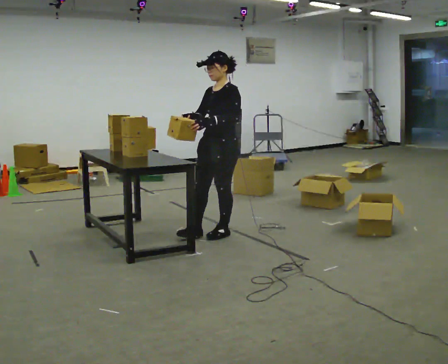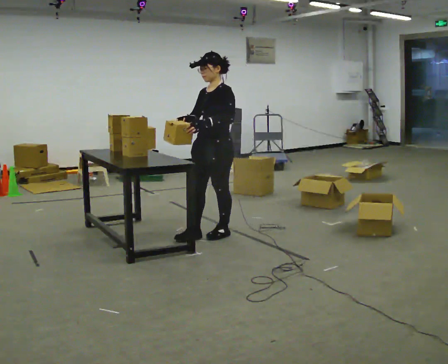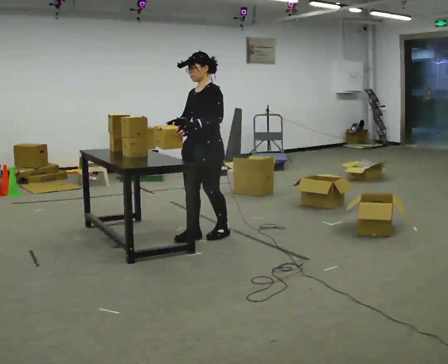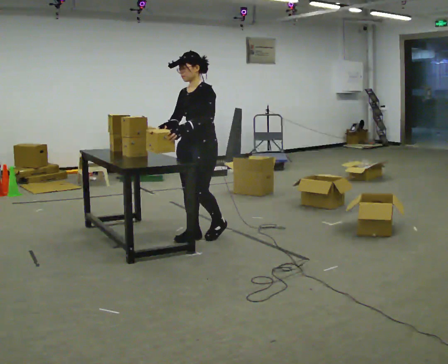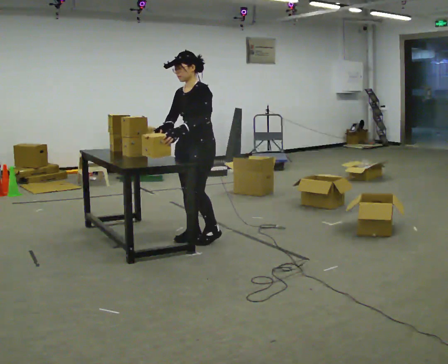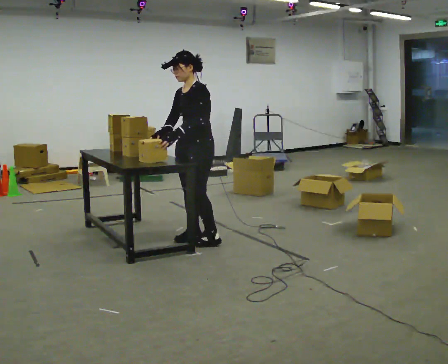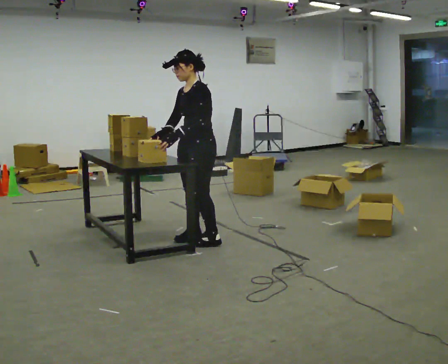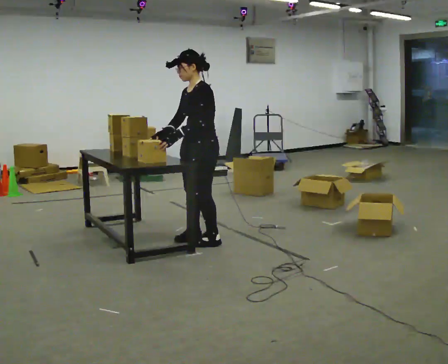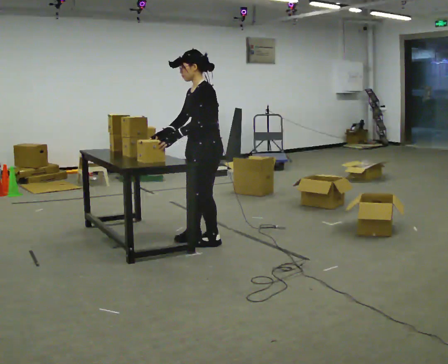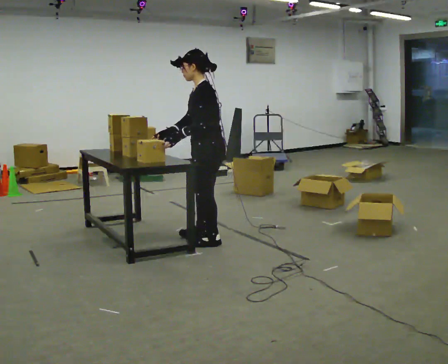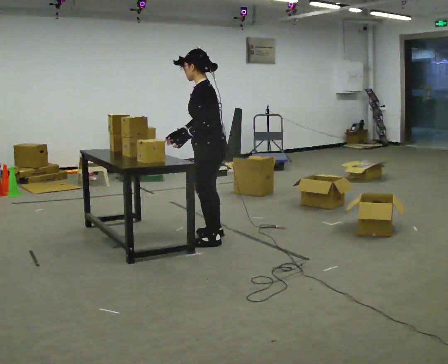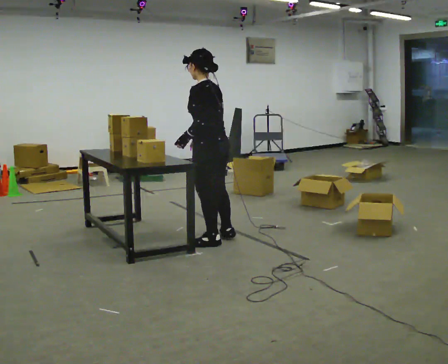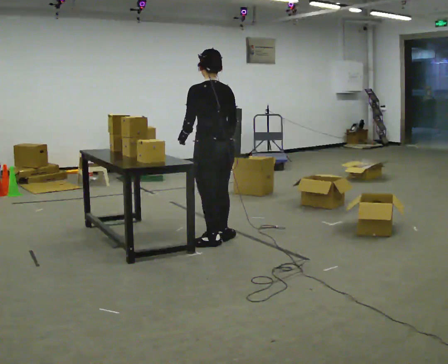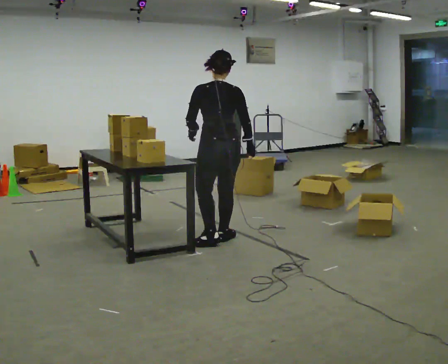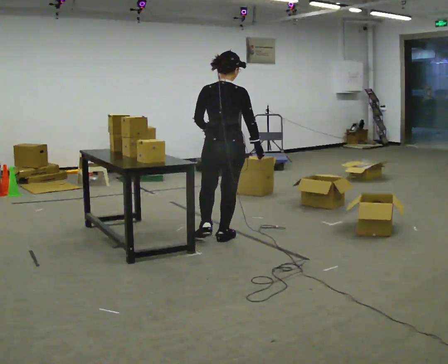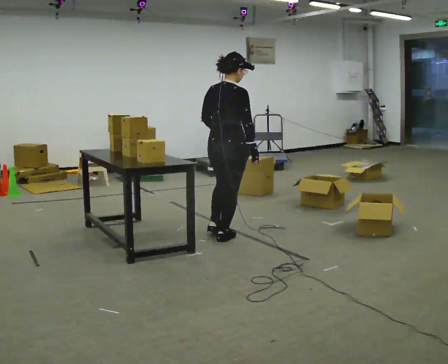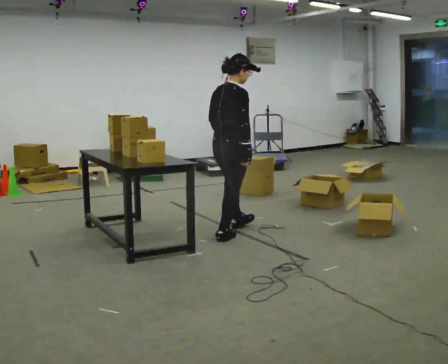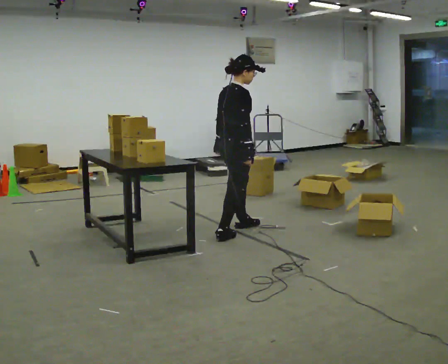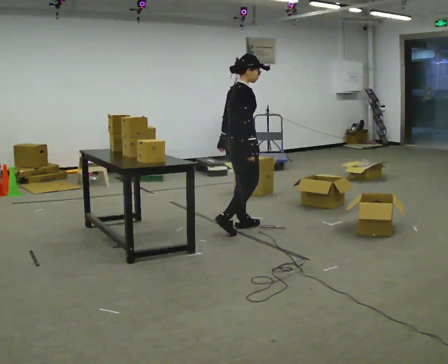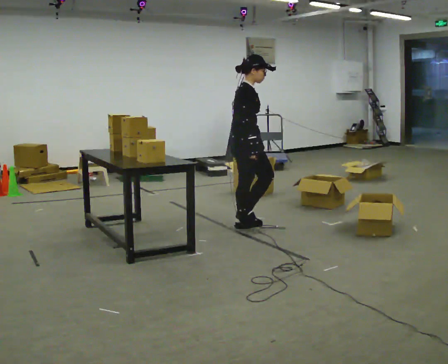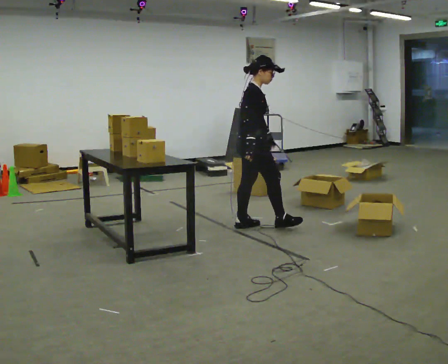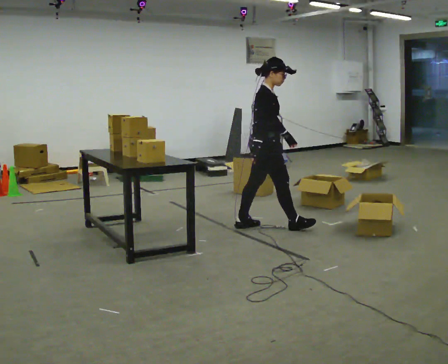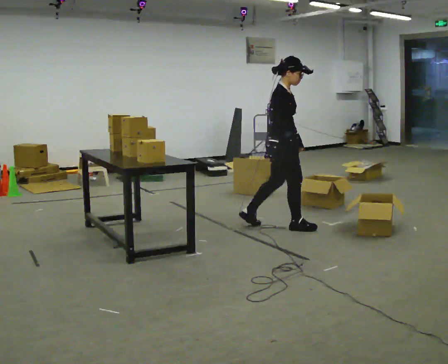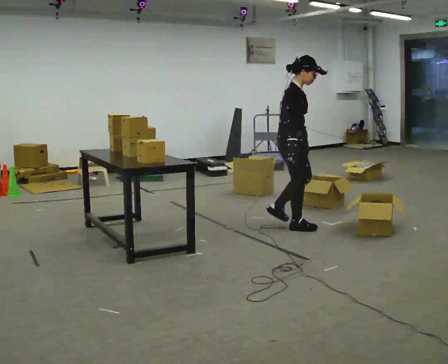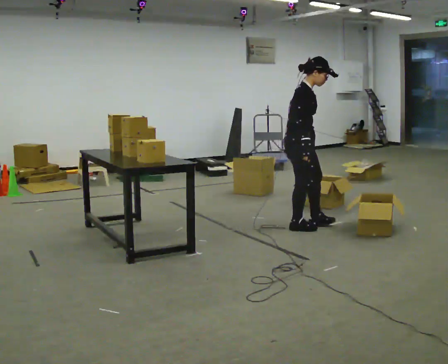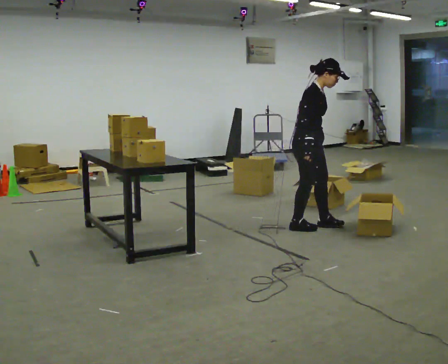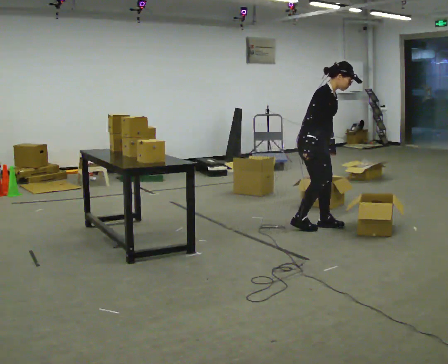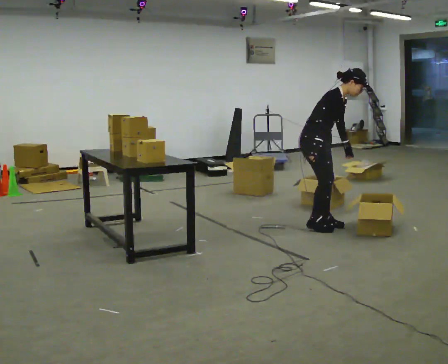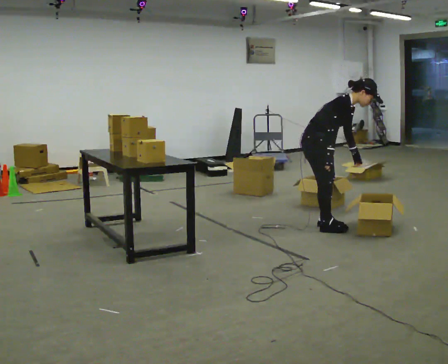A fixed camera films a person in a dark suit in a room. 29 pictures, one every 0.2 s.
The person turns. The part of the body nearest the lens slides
to the left.
The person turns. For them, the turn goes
to their right.
0.0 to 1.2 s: In the picture they go to the left and toward the camera, about 0.25 m in 2 steps, which for them is forward.
1.2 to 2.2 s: Seen from above the body turns clockwise, about 60 degrees: to their right, with its near side sliding to the left. In the picture their right hand goes to the right.
2.2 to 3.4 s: The person turns about 120 degrees to their right, clockwise seen from above, so the part of the body nearest the lens slides to the left. In the picture they go away from the camera and to the right, about 0.5 m in 2 steps.
3.4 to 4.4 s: The person turns about 30 degrees to their right, clockwise seen from above, so the part of the body nearest the lens slides to the left. In the picture they go to the right, about 0.5 m in 1 step, which for them is forward.
4.4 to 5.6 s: In the picture they go to the right, about 0.25 m in 2 steps, which for them is forward and to their left. In the picture the upper body tilts clockwise, shoulders to the right, as they bend forward.
The film runs forward here.
